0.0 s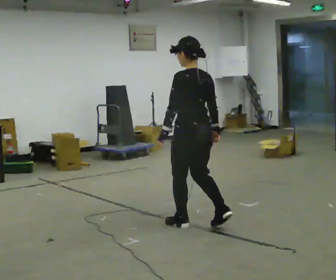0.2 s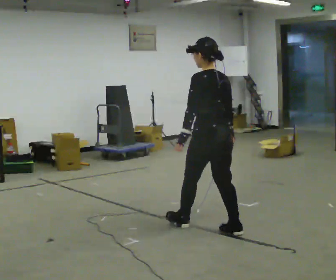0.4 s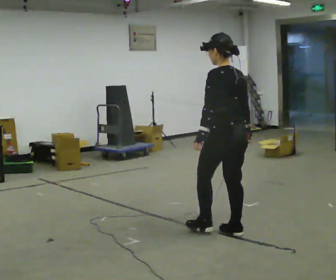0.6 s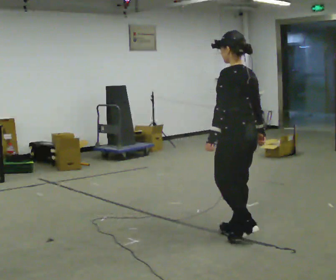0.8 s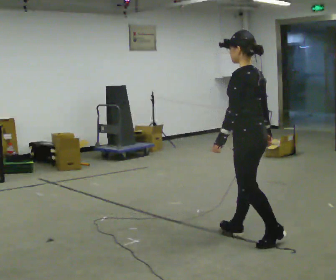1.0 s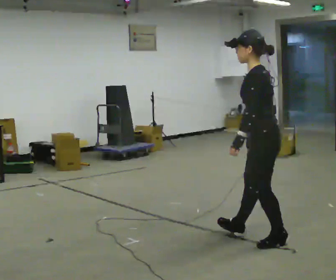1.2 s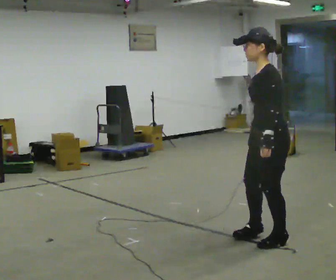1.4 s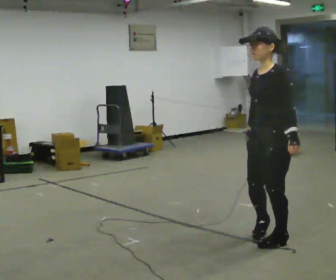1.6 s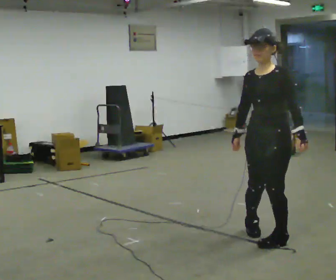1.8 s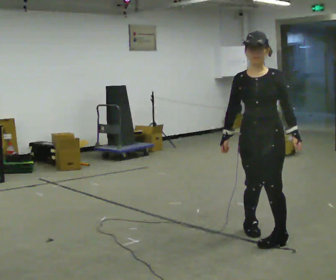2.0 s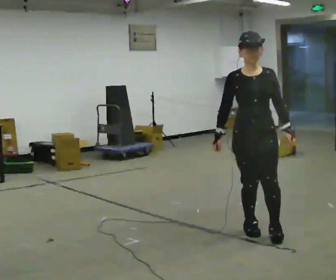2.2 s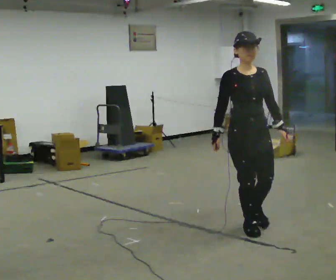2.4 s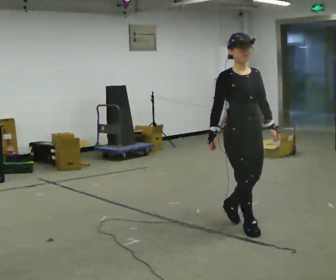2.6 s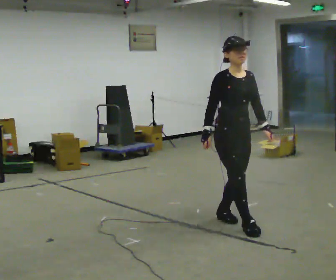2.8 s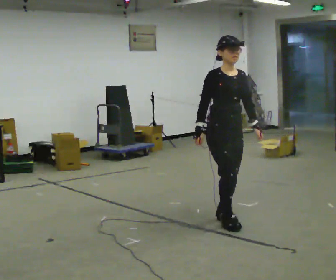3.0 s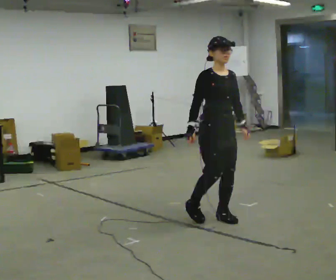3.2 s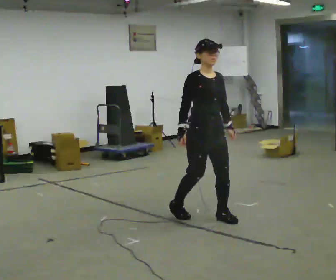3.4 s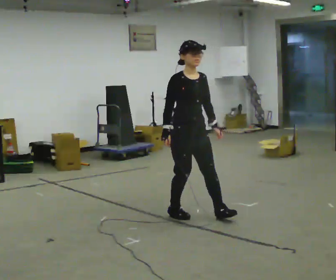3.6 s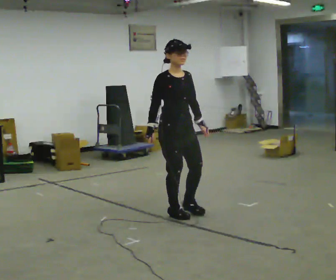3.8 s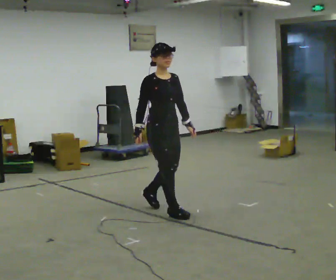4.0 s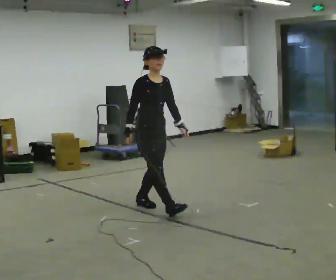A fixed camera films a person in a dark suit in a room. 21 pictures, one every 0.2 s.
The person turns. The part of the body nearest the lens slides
to the right.
The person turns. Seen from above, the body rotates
counterclockwise.
0.0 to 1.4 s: The person turns about 90 degrees to their left, counterclockwise seen from above, so the part of the body nearest the lens slides to the right. In the picture they go to the right and toward the camera, about 0.5 m in 2 steps.
1.4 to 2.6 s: The part of the body nearest the lens slides to the right as the person turns to their left by about 90 degrees. In the picture they go away from the camera and to the left, about 0.5 m in 1 step.
2.6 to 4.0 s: In the picture they go to the left and away from the camera, about 1 m in 2 steps, which for them is backward and to their right.
The film runs forward here.
